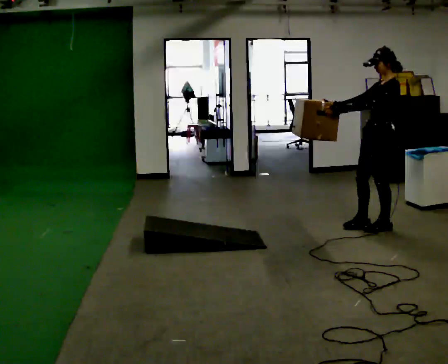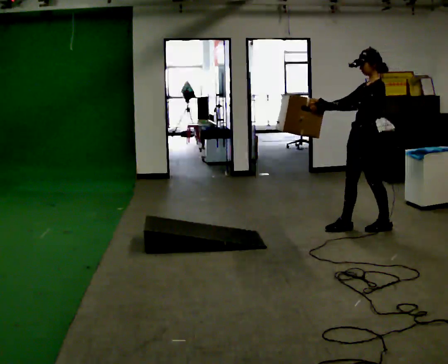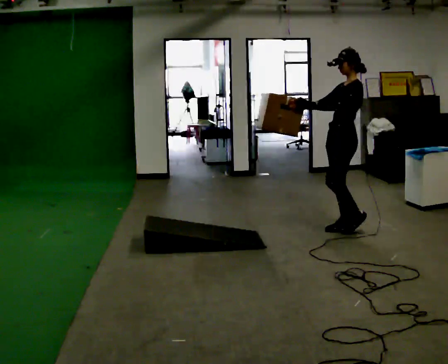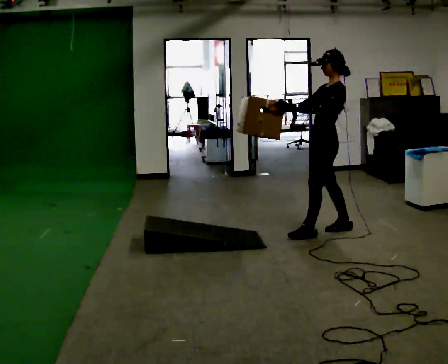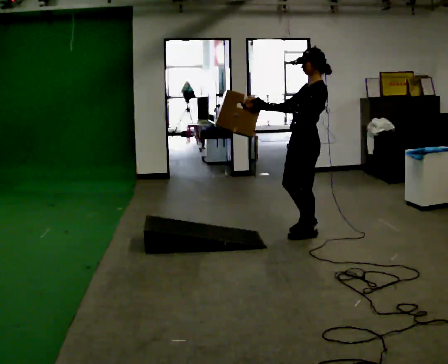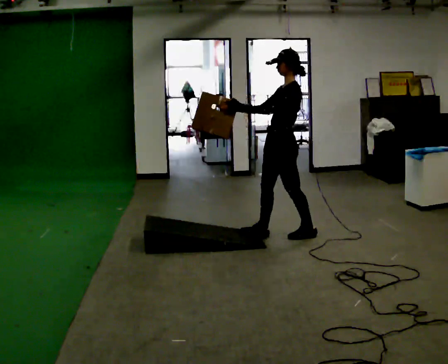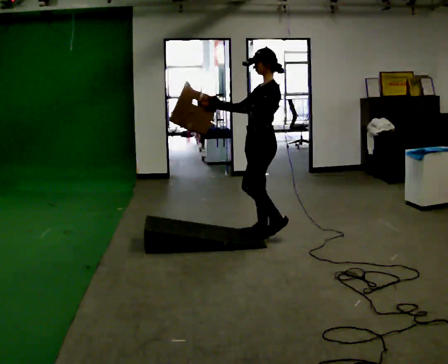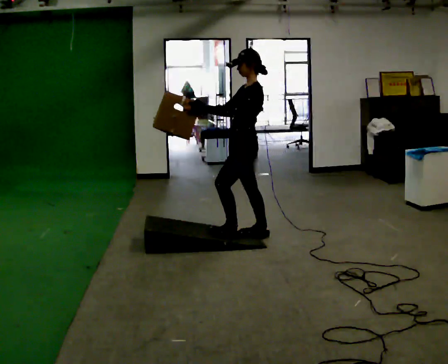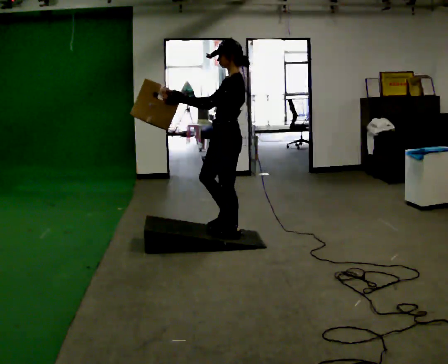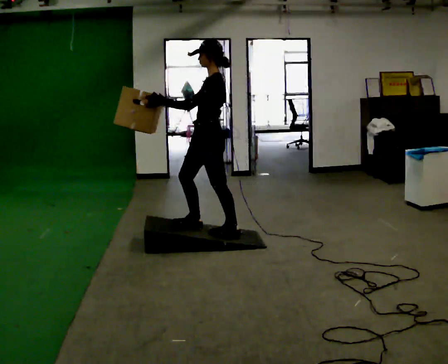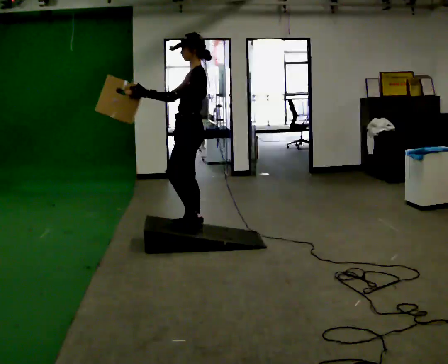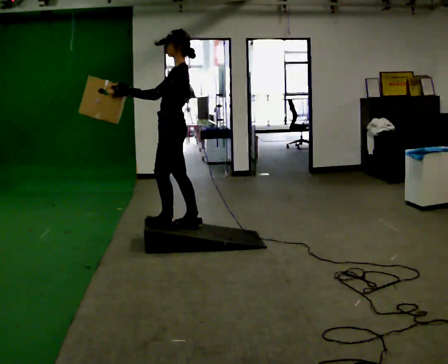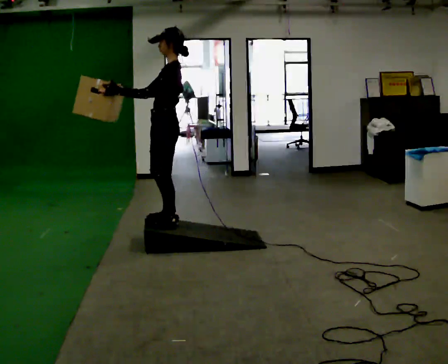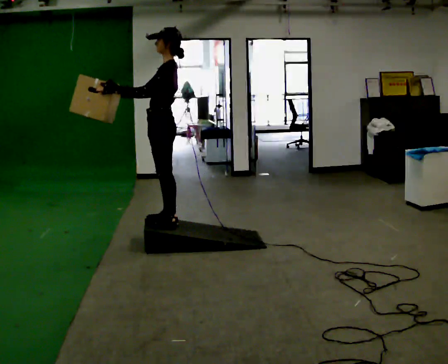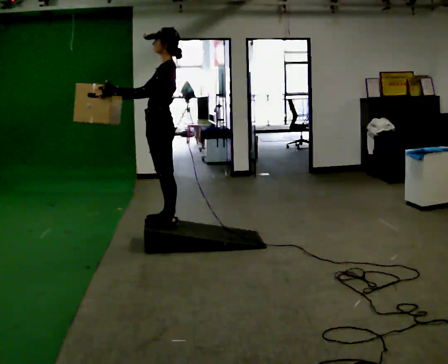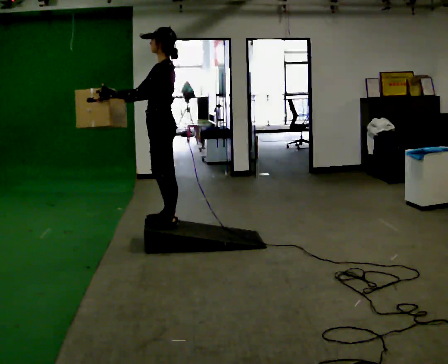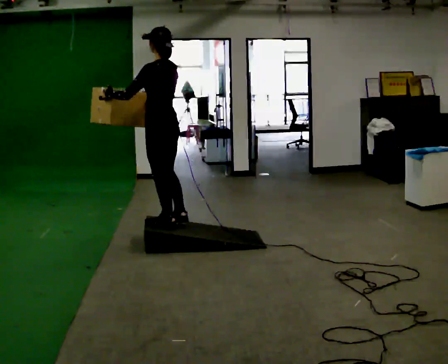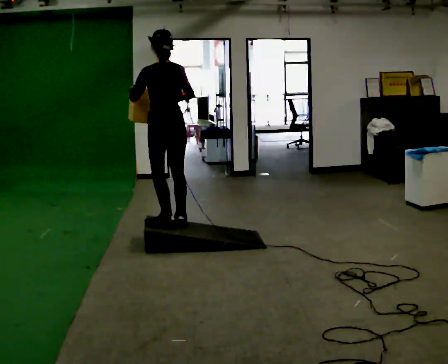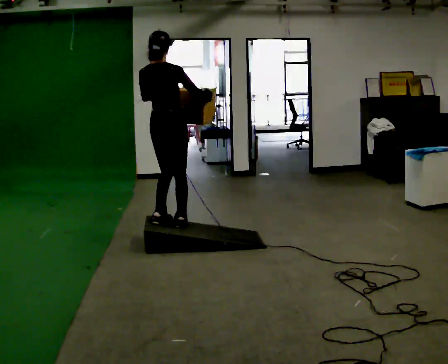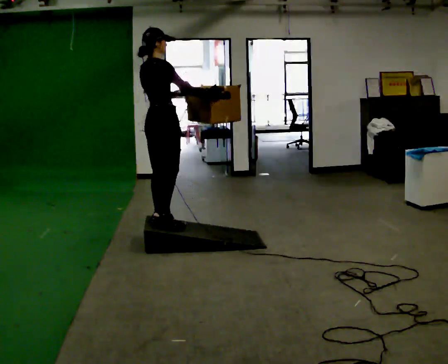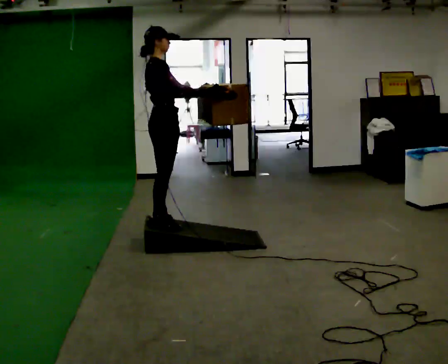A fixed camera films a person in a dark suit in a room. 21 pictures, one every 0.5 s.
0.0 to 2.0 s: In the picture they go to the left, about 0.75 m in 2 steps, which for them is forward.
2.0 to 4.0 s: In the picture they go to the left, about 0.75 m in 2 steps, which for them is forward.
4.0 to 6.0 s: In the picture they go to the left, about 0.5 m in 2 steps, which for them is forward.
6.0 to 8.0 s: The person turns about 45 degrees to their right, clockwise seen from above, so the part of the body nearest the lens slides to the left.
8.0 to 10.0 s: The part of the body nearest the lens slides to the left as the person turns to their right by about 135 degrees. In the picture their right hand goes to the right.
The film runs forward here.
